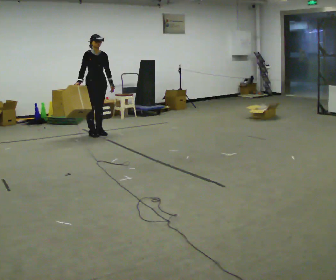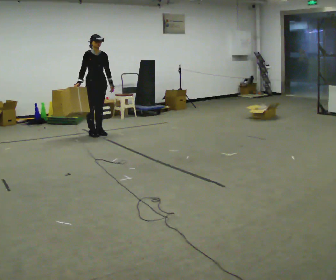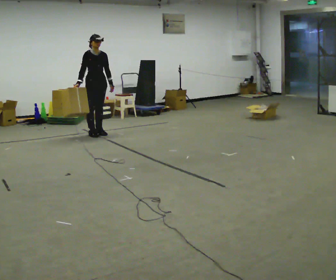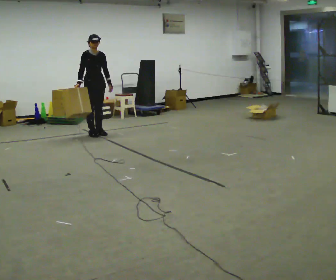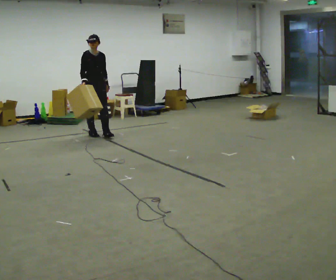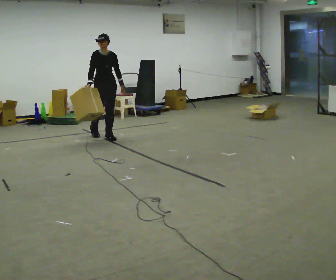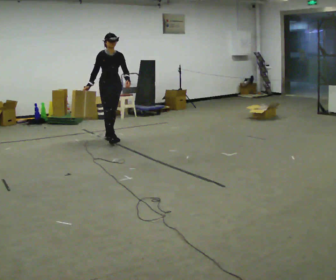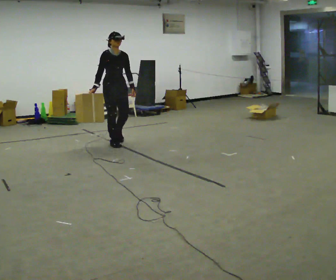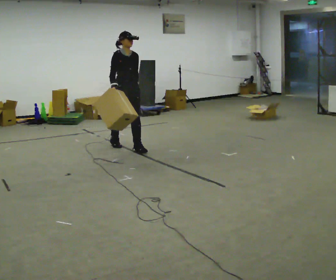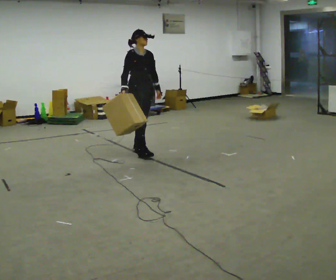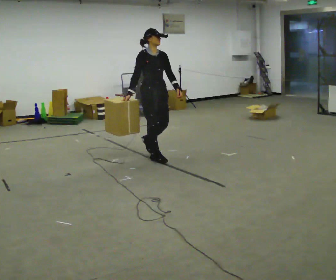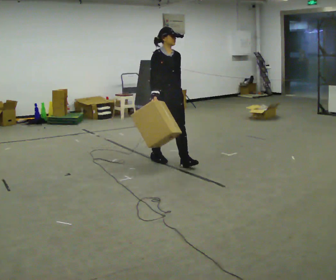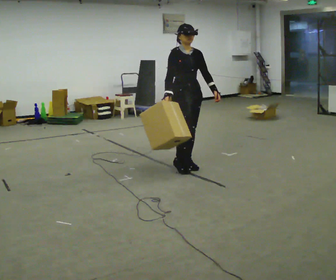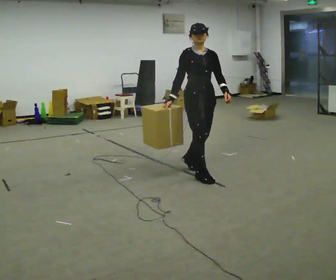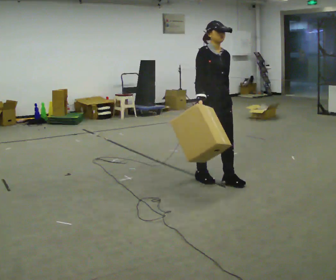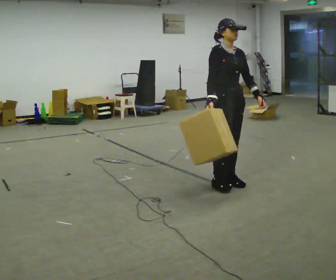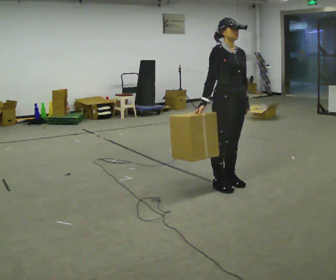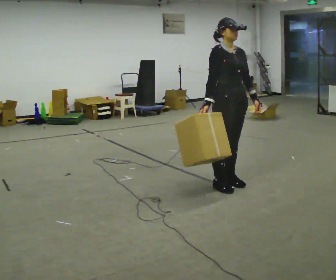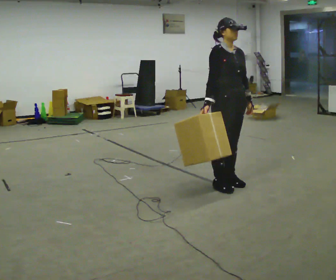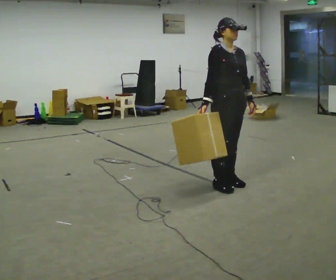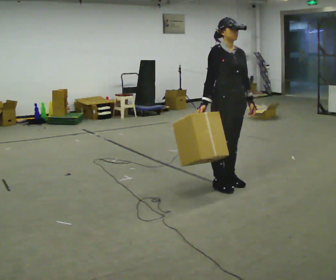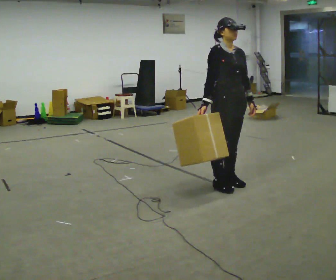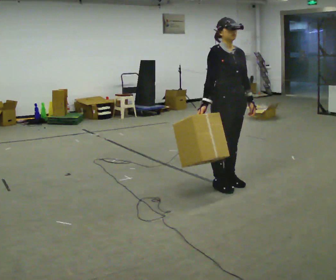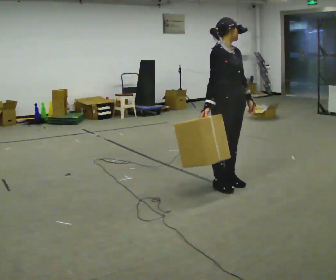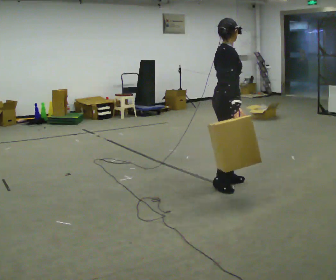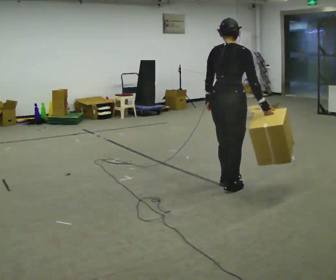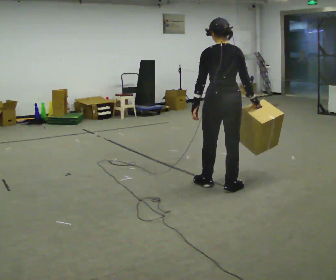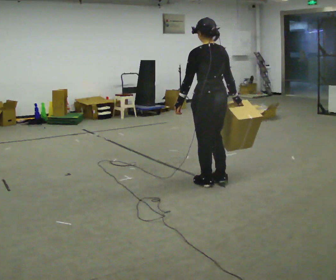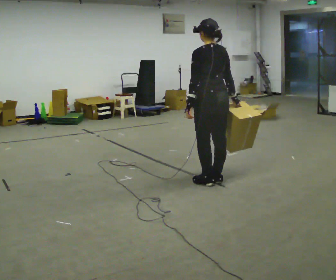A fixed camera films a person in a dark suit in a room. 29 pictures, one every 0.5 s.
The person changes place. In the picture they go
to the right.
0.0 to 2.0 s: The person moves a little, or ends about where they began.
2.0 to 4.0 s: In the picture they go to the right and toward the camera, about 1 m in 3 steps, which for them is forward.
4.0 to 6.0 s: In the picture they go to the right and toward the camera, about 1 m in 2 steps, which for them is forward.
6.0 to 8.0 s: In the picture they go to the right and toward the camera, about 0.75 m in 3 steps, which for them is forward.
8.0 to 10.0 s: The person moves a little, or ends about where they began.
10.0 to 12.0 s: Seen from above the body turns counterclockwise, about 75 degrees: to their left, with its near side sliding to the right. In the picture their left hand goes to the left.
12.0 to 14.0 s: Seen from above the body turns counterclockwise, about 105 degrees: to their left, with its near side sliding to the right.
The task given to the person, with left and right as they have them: Carry the box across the room while freely looking around at the walls, ceiling and floor. Keep going until the operator says stop; one object at a time, and do not rush between trips.
The film runs forward here.
